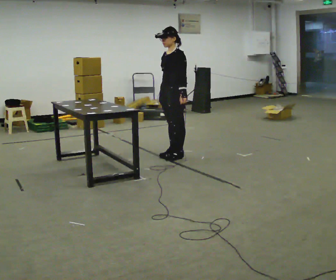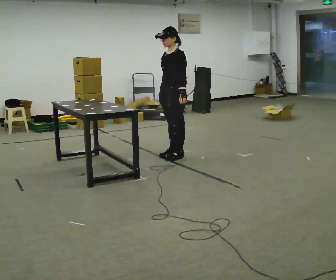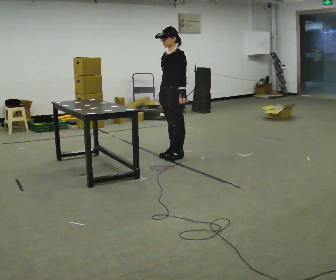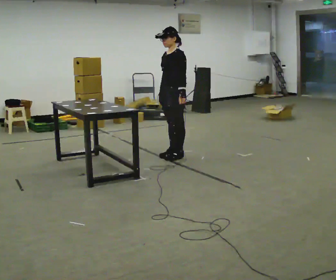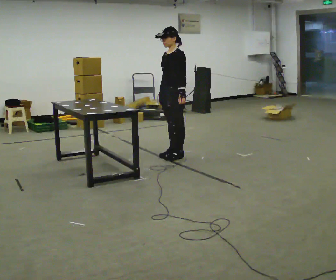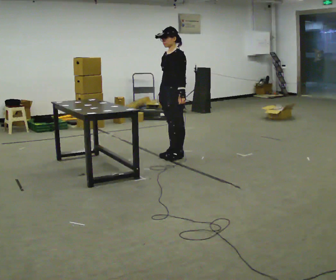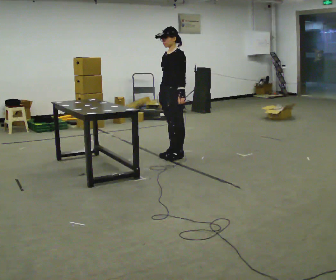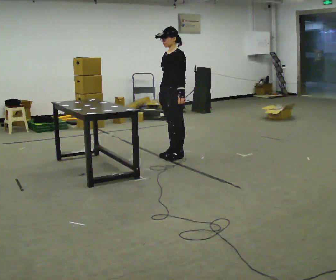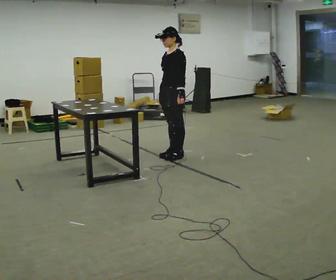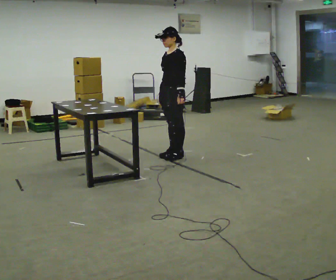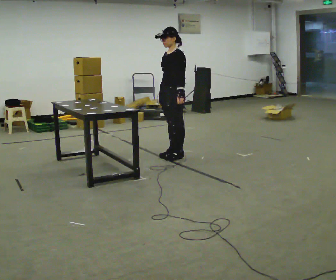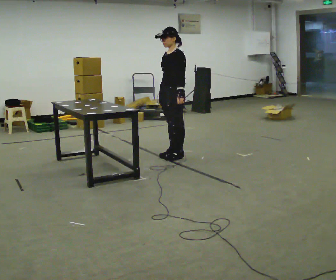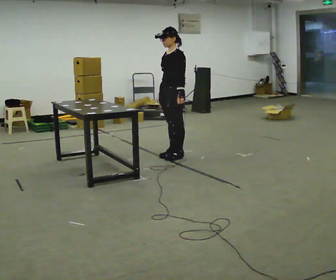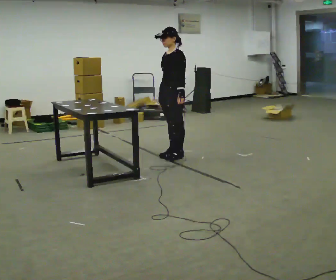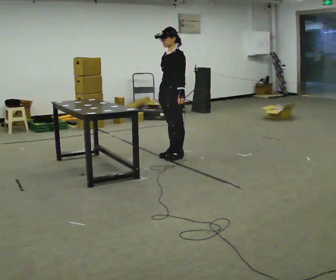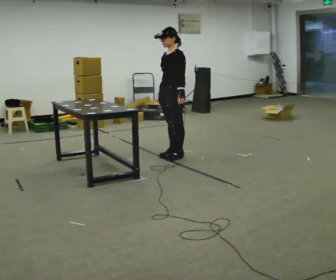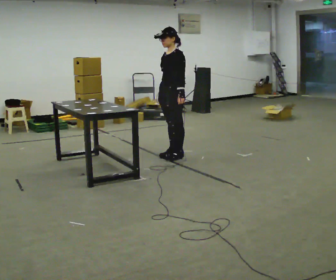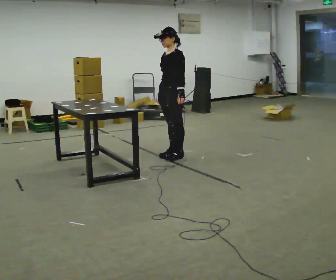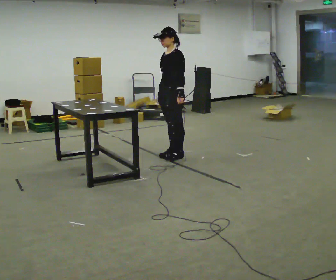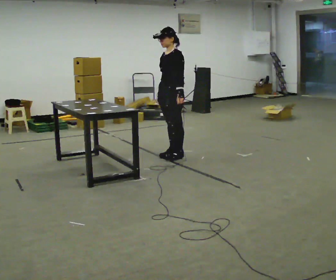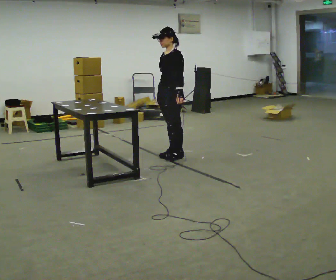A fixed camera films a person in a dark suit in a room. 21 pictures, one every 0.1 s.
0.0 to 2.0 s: The person moves a little, or ends about where they began.
The film runs forward here.
